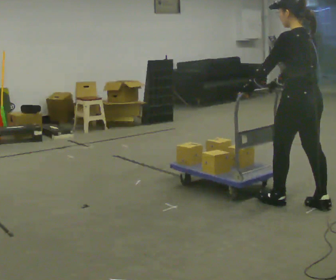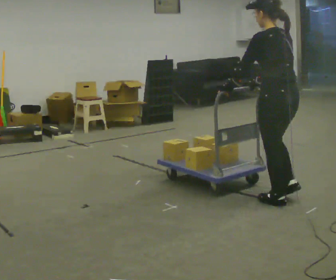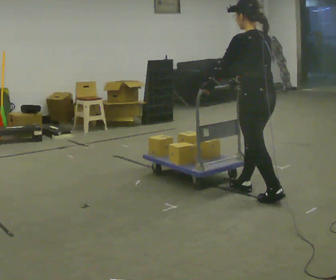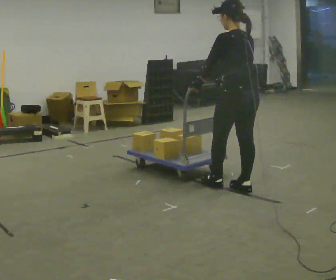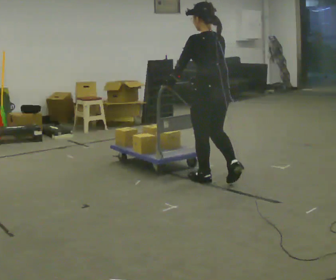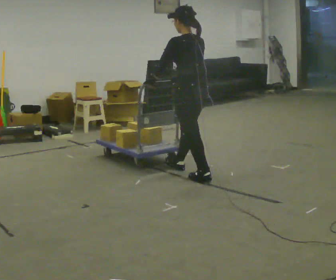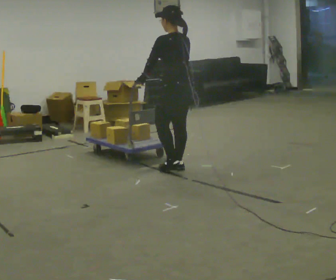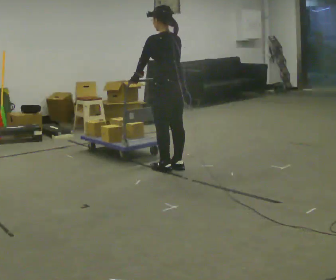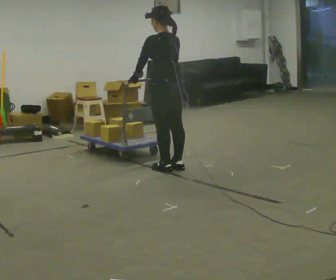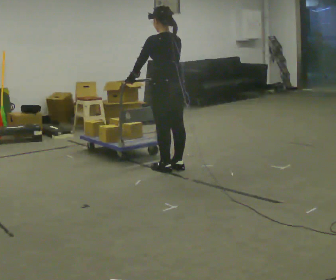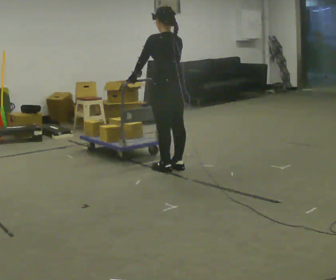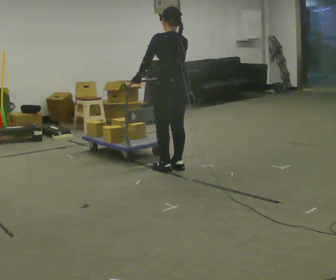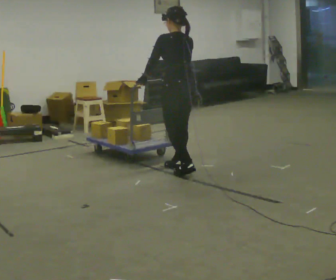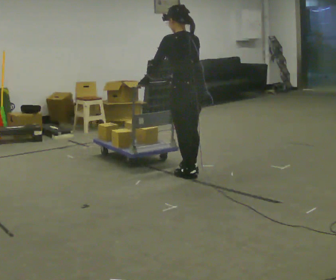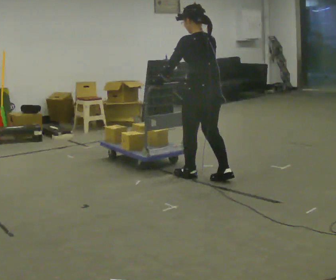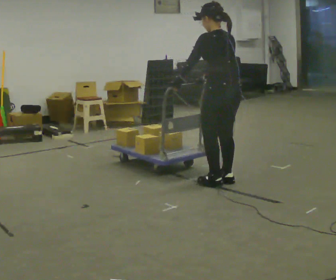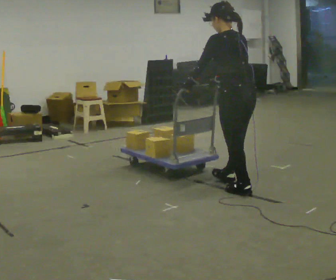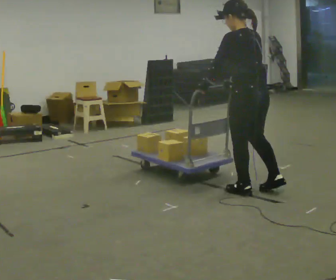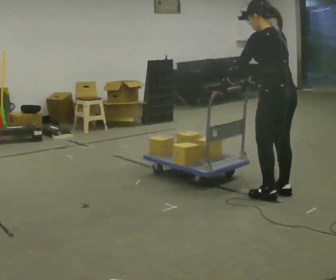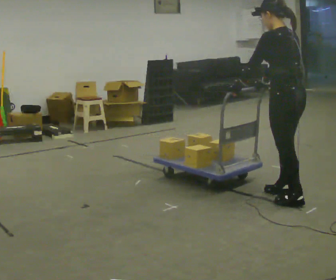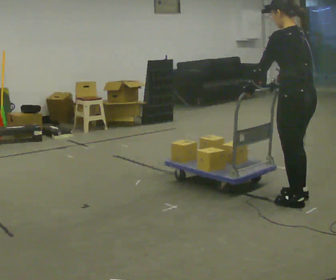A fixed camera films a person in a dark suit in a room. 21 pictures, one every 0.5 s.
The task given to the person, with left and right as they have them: Get the cart into the marked parking space and lined up with the tape. Take as many adjustments as you need. Then take it out again and repeat.
0.0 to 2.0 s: In the picture they go away from the camera and to the left, about 1 m in 2 steps, which for them is forward.
2.0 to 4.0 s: In the picture they go away from the camera and to the left, about 0.5 m in 2 steps, which for them is forward.
4.0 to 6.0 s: The person moves a little, or ends about where they began.
6.0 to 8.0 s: In the picture they go toward the camera and to the right, about 1 m in 3 steps, which for them is backward.
8.0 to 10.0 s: In the picture they go toward the camera and to the right, about 0.5 m in 2 steps, which for them is backward.
The film runs forward here.
